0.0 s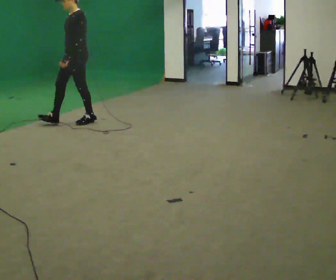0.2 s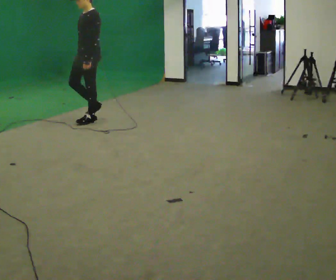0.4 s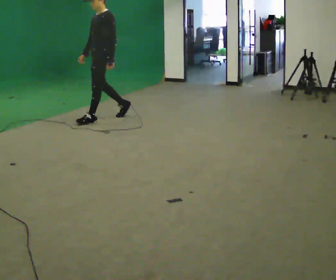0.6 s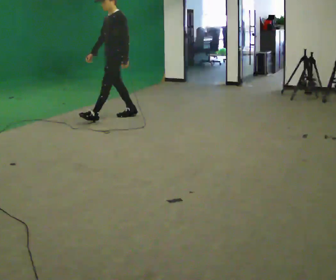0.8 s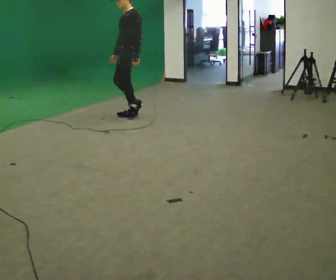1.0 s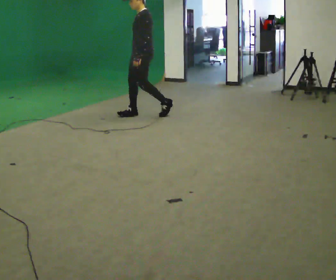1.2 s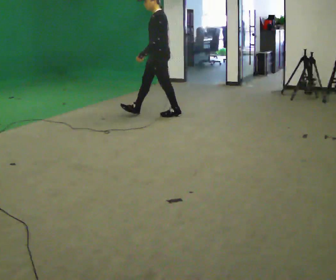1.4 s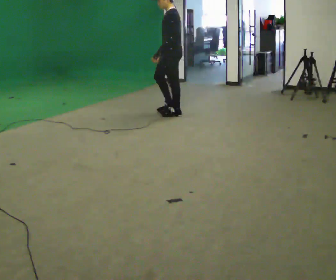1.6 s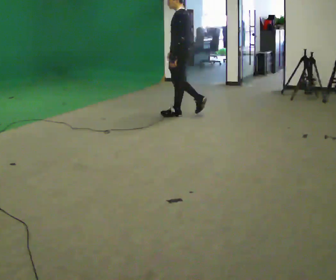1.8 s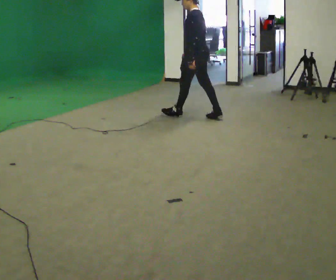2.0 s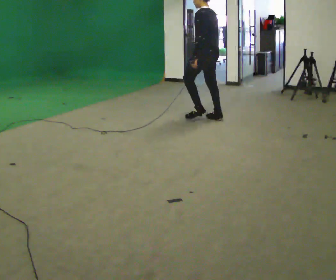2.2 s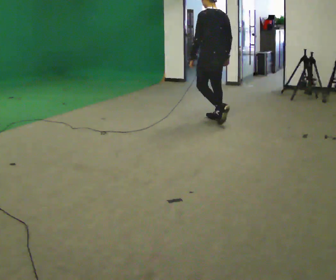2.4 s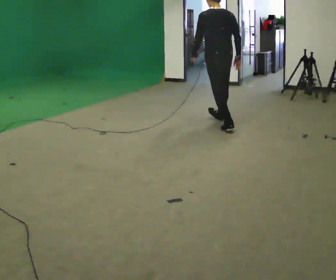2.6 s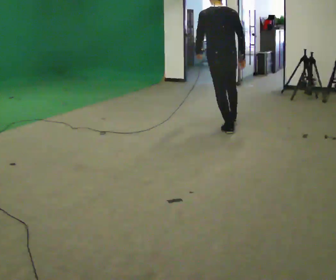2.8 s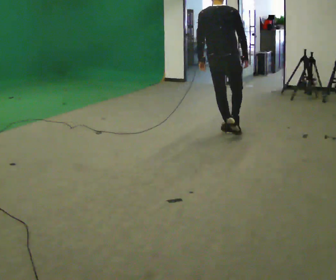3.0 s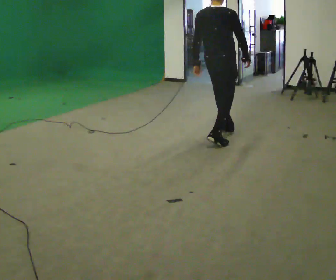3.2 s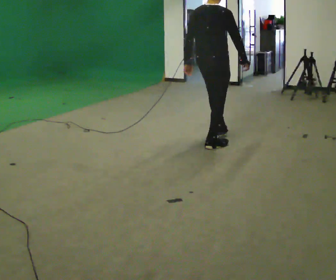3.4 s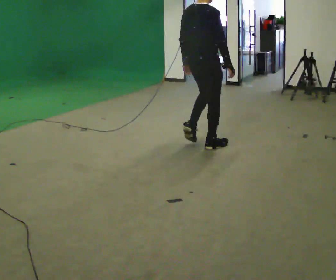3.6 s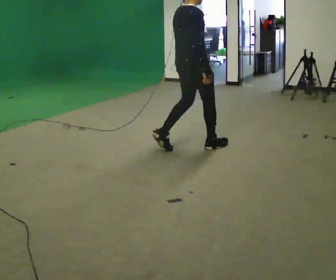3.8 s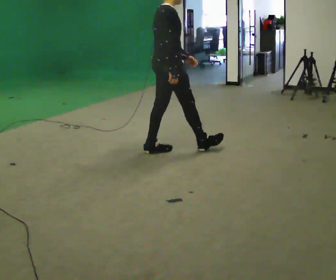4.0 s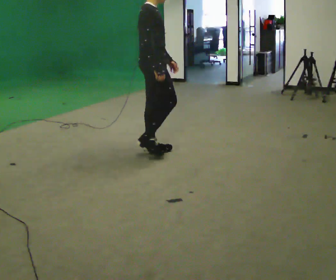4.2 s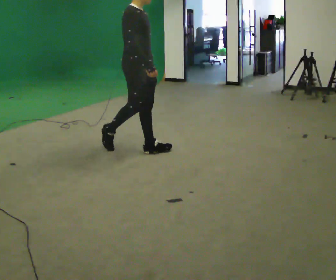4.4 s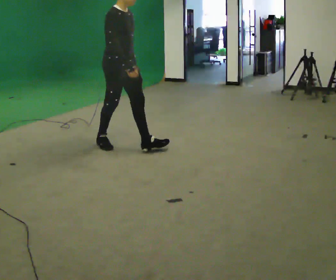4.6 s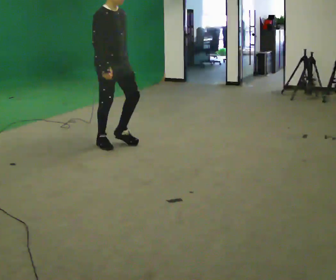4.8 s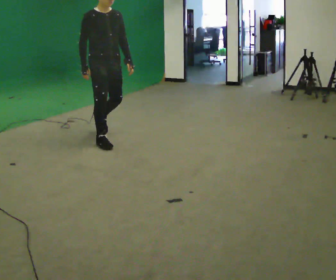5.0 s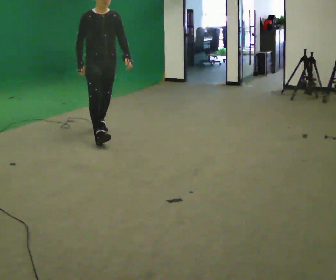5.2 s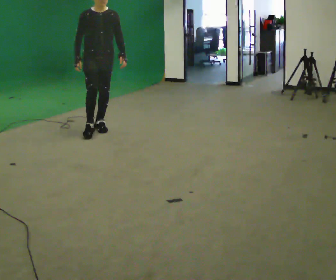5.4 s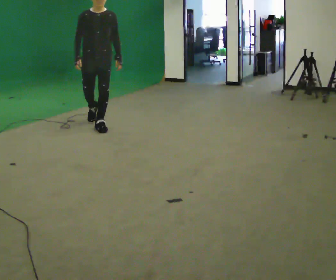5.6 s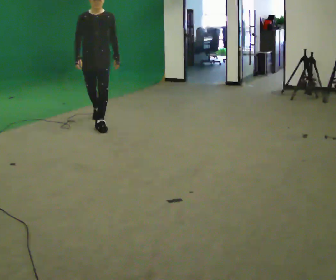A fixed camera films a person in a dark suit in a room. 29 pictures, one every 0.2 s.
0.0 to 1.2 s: In the picture they go to the right and away from the camera, about 1 m in 2 steps, which for them is backward.
1.2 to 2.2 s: The part of the body nearest the lens slides to the left as the person turns to their right by about 60 degrees. In the picture they go to the right, about 1 m in 1 step.
2.2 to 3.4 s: Seen from above the body turns clockwise, about 90 degrees: to their right, with its near side sliding to the left. In the picture they go toward the camera, about 1 m in 2 steps.
3.4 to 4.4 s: Seen from above the body turns clockwise, about 75 degrees: to their right, with its near side sliding to the left. In the picture they go to the left, about 1 m in 2 steps.
4.4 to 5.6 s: Seen from above the body turns clockwise, about 60 degrees: to their right, with its near side sliding to the left. In the picture they go away from the camera and to the left, about 1 m in 1 step, which for them is backward.
The film runs backward here.
